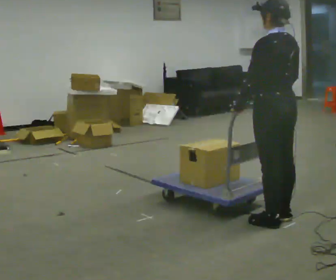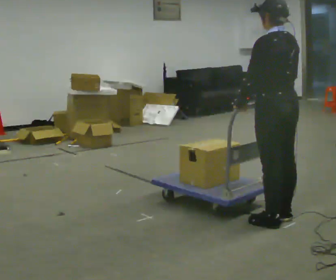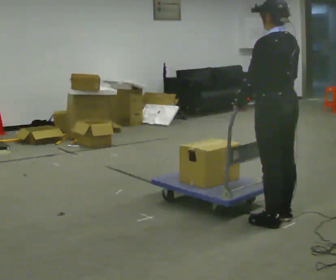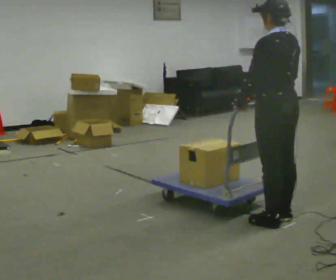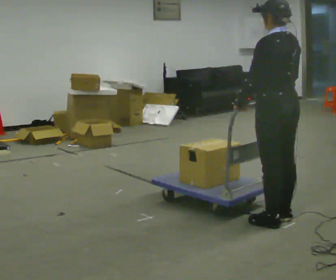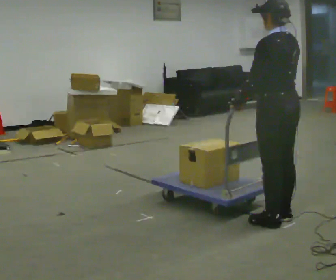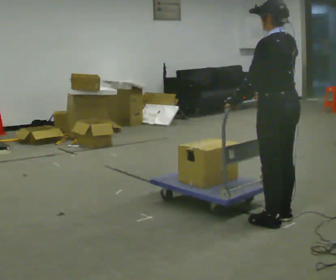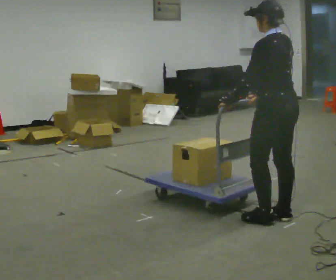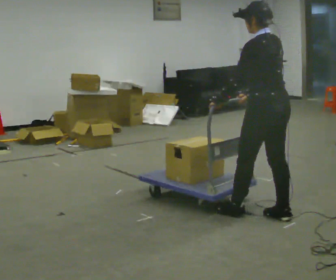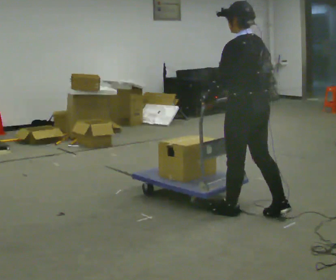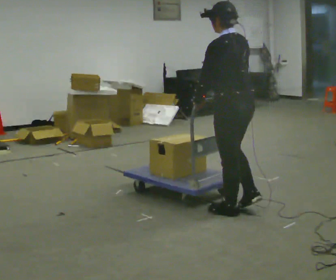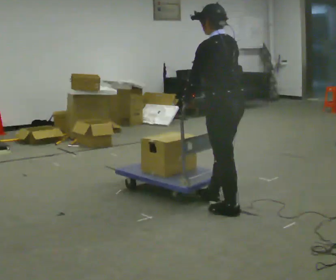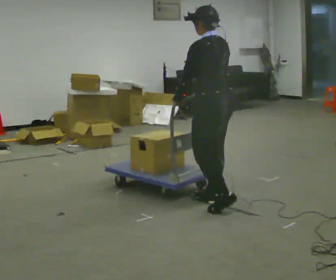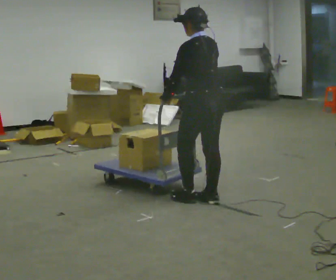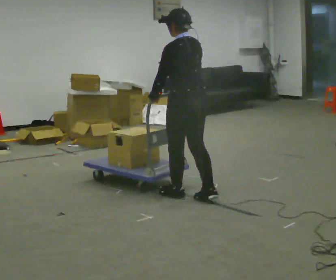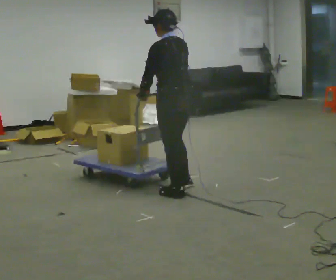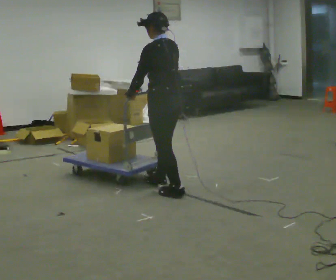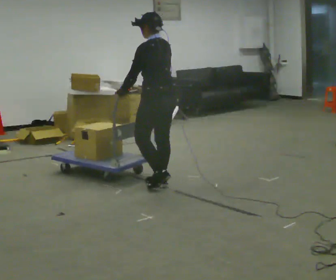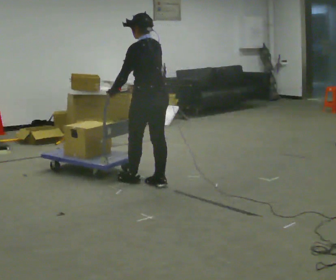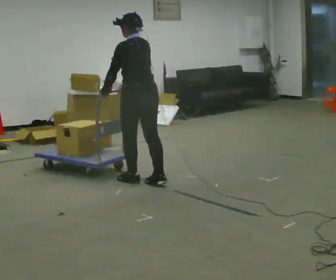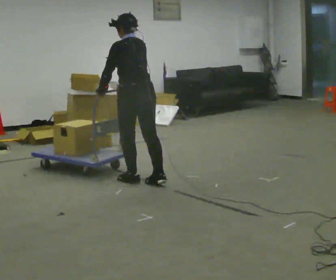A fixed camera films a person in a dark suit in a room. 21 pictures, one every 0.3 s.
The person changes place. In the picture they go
to the left.
0.0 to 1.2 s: The person keeps their place and pose.
1.2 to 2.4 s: The person moves a little, or ends about where they began.
2.4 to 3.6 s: In the picture they go to the left and away from the camera, about 0.5 m in 2 steps, which for them is forward.
3.6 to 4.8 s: In the picture they go to the left and away from the camera, about 0.5 m in 2 steps, which for them is forward.
4.8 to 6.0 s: In the picture they go to the left and away from the camera, about 0.5 m in 1 step, which for them is forward.
The film runs forward here.
